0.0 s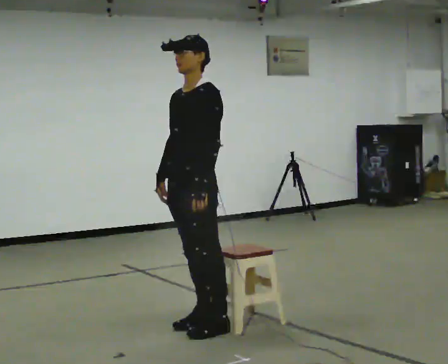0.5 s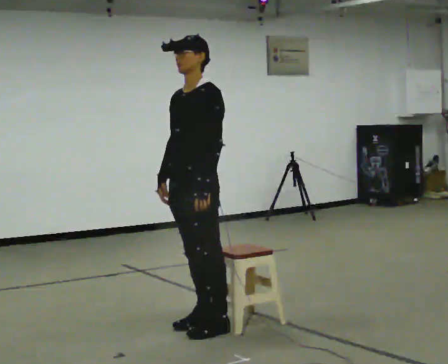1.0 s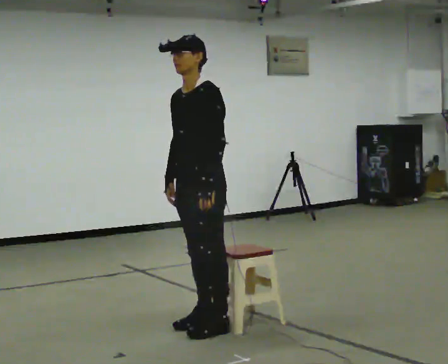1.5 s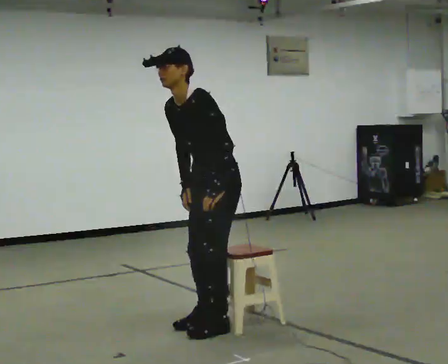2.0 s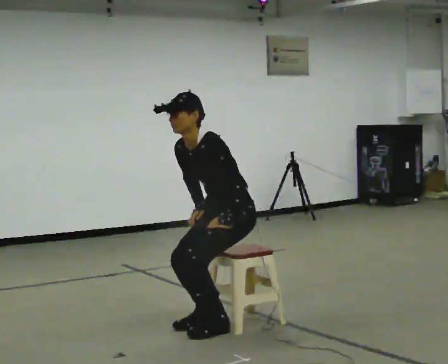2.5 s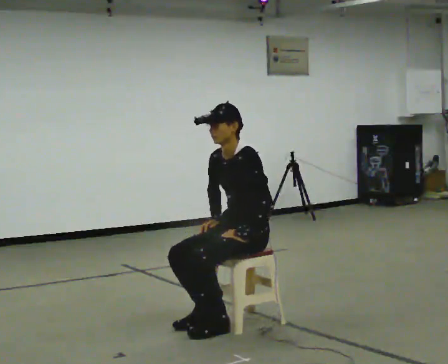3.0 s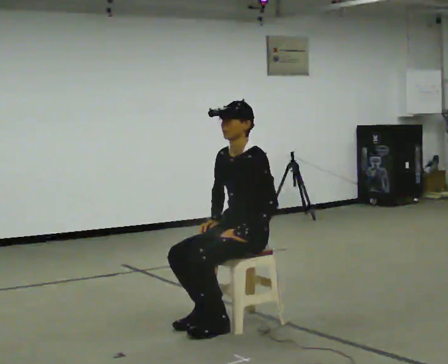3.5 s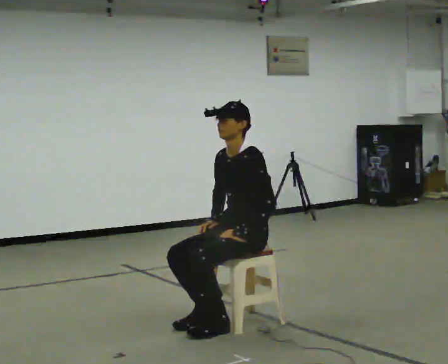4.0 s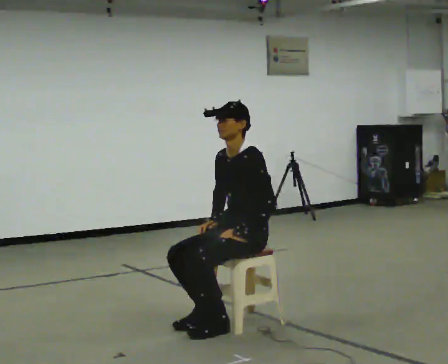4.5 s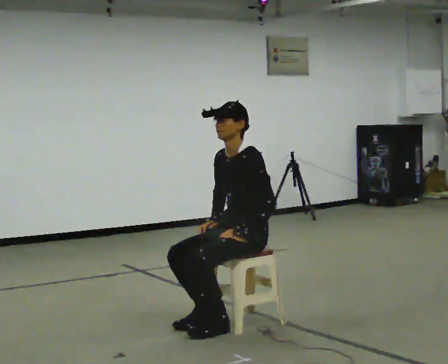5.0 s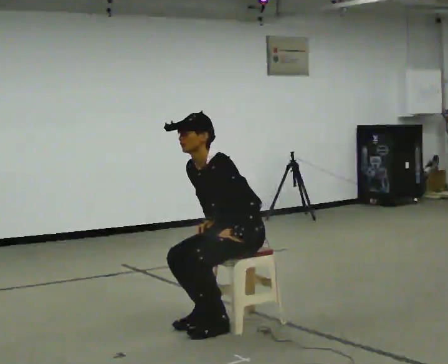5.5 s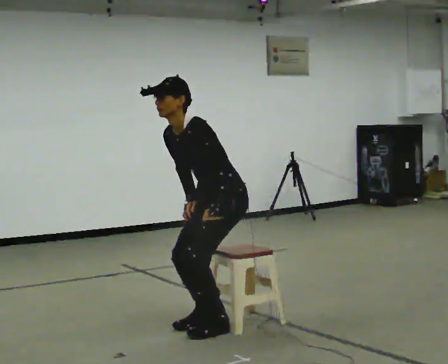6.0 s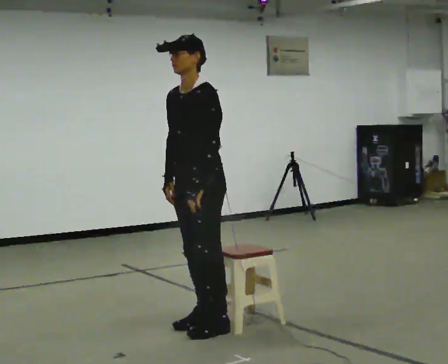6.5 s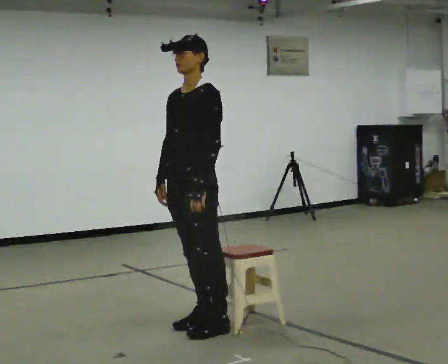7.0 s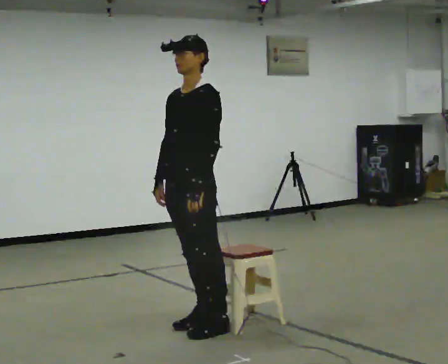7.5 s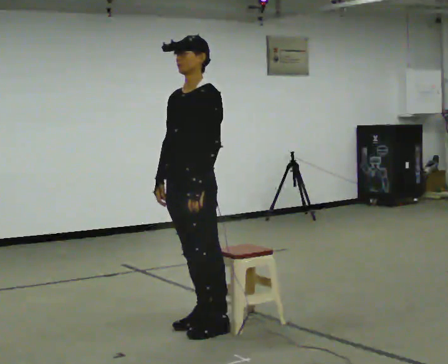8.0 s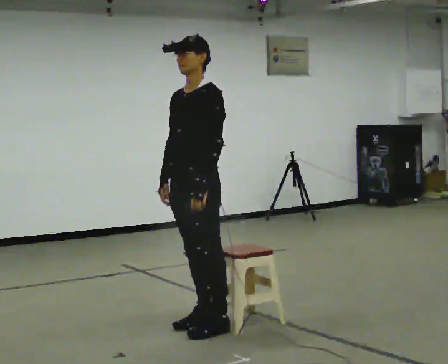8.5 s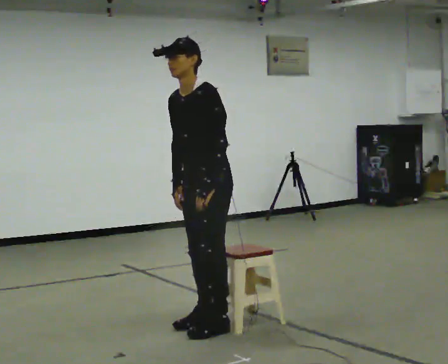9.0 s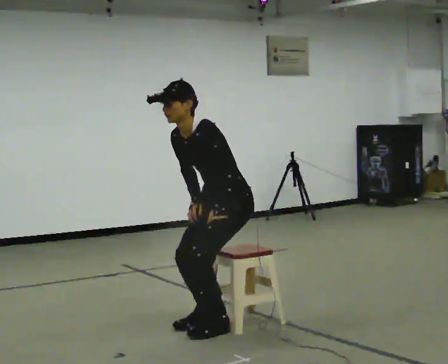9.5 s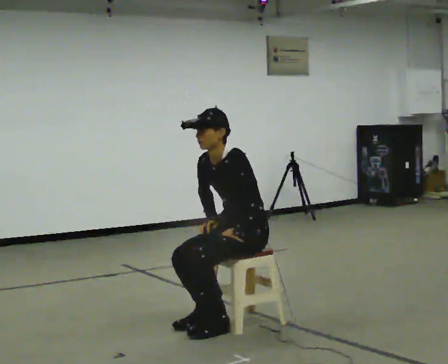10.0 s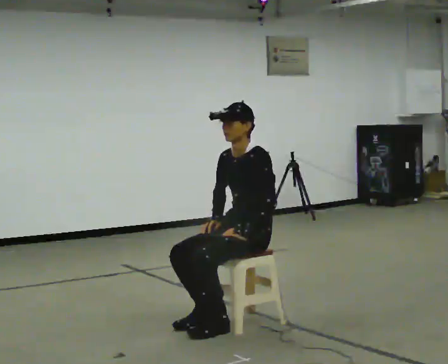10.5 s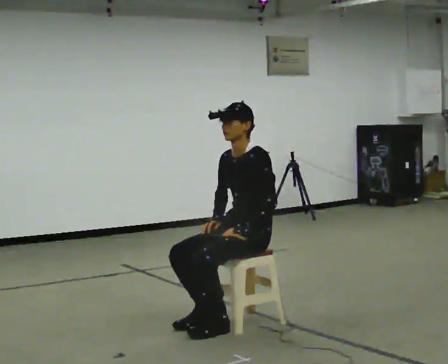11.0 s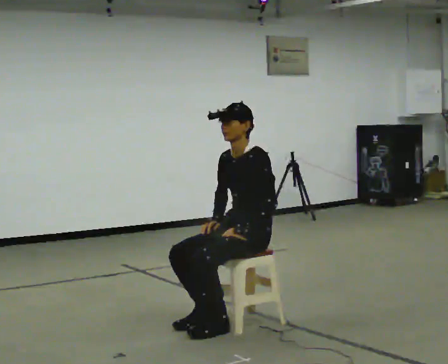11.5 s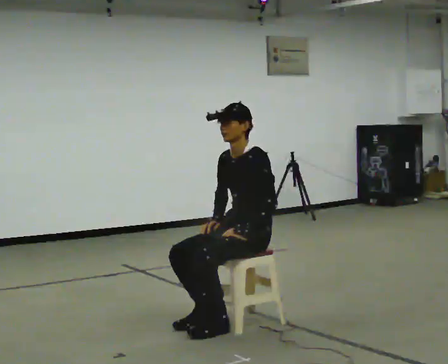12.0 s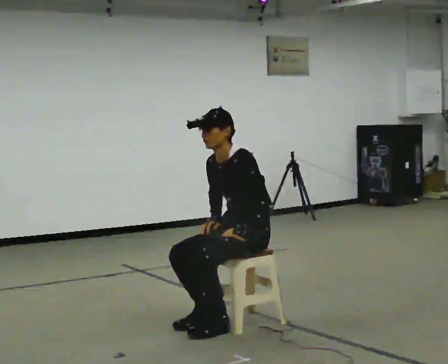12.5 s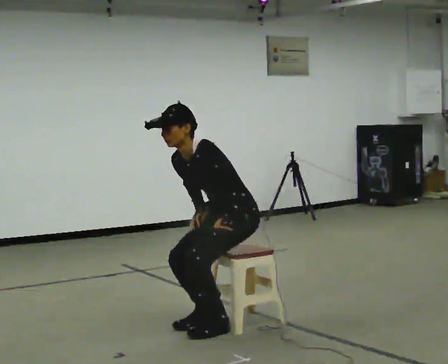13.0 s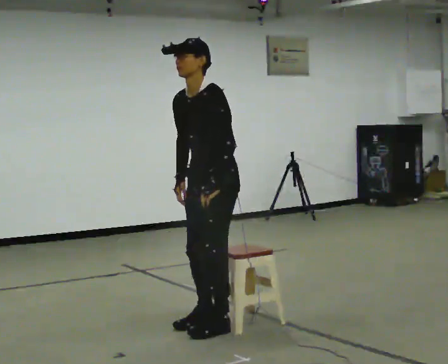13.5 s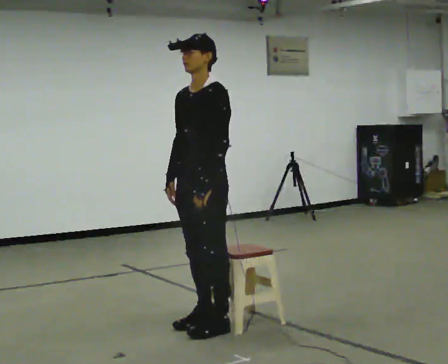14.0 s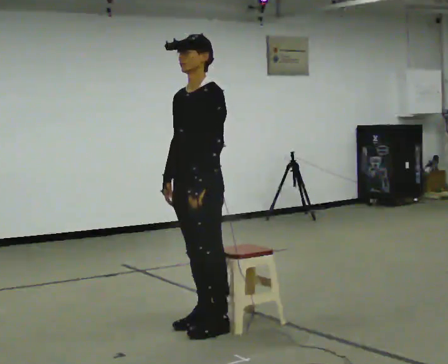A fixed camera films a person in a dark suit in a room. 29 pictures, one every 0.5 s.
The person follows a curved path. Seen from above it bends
clockwise.
0.0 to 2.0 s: In the picture they go to the right, about 0.25 m, which for them is backward. The shoulders move downward. In the picture the upper body tilts counterclockwise, shoulders to the left, as they bend forward.
2.0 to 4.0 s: In the picture the upper body tilts clockwise, shoulders to the right, as they lean back or straighten.
4.0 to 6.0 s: In the picture they go to the left, about 0.25 m, which for them is forward. The shoulders move upward.
6.0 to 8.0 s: The person moves a little, or ends about where they began.
8.0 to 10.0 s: In the picture they go to the right and away from the camera, about 0.25 m, which for them is backward. The upper body goes downward.
10.0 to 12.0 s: The person moves a little, or ends about where they began.
12.0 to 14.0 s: In the picture they go to the left, about 0.25 m, which for them is forward. The upper body goes upward.
The film runs forward here.
